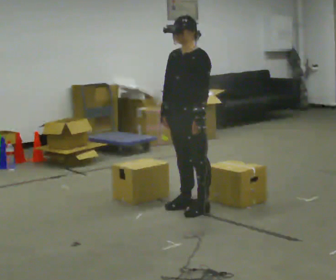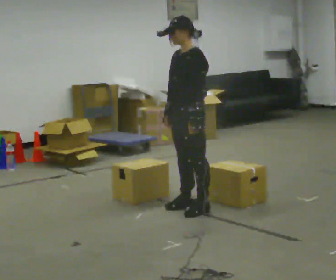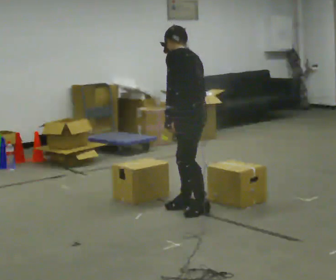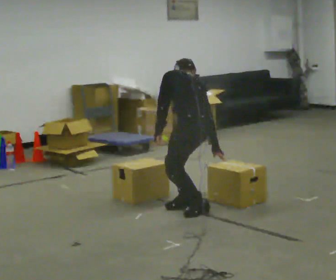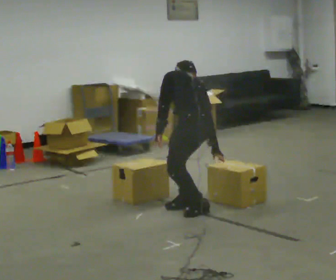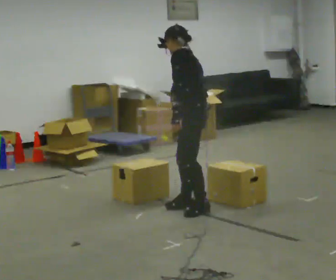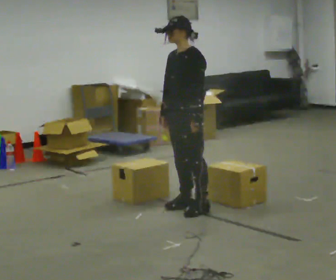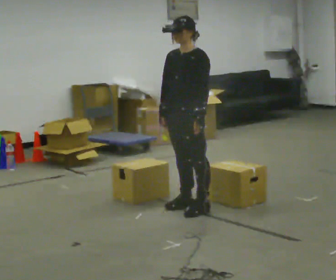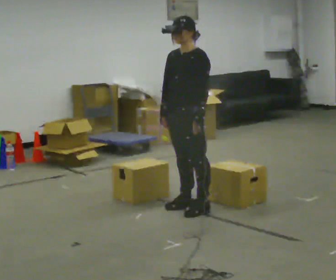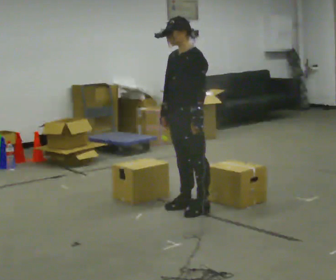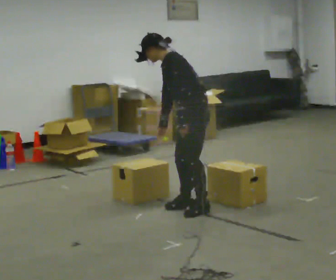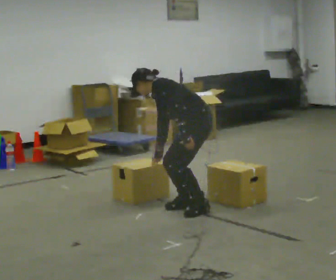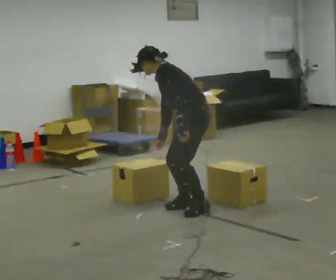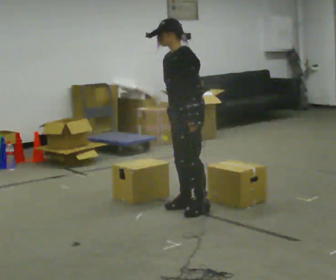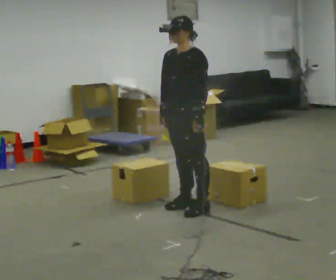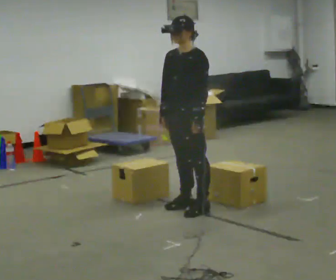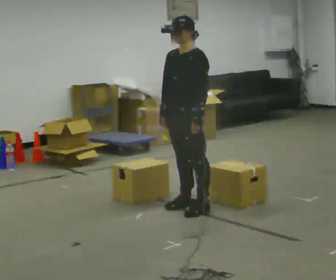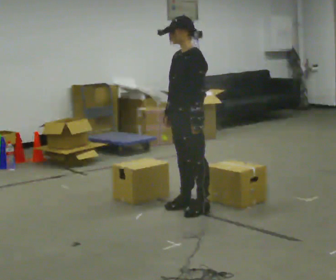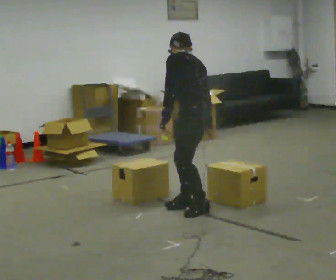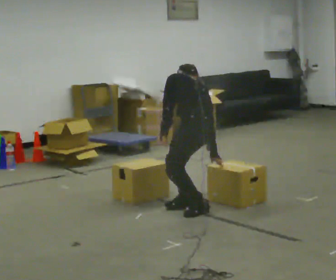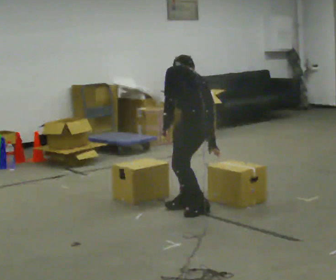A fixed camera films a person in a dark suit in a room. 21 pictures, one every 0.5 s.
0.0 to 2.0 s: Seen from above the body turns clockwise, about 75 degrees: to their right, with its near side sliding to the left. In the picture they go toward the camera, about 0.25 m. The shoulders move downward. The upper body tips away from the camera, its near side rolling upward, as they bend forward. In the picture their right hand goes to the right.
2.0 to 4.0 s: The part of the body nearest the lens slides to the right as the person turns to their left by about 75 degrees. In the picture they go away from the camera, about 0.25 m. The upper body goes upward. The upper body tips toward the camera, its near side rolling downward, as they lean back or straighten. In the picture their right hand goes to the left.
4.0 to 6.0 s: The part of the body nearest the lens slides to the left as the person turns to their right by about 30 degrees.
6.0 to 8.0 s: The person turns about 30 degrees to their left, counterclockwise seen from above, so the part of the body nearest the lens slides to the right. The shoulders move upward. In the picture the upper body tilts clockwise, shoulders to the right, as they lean back or straighten.
8.0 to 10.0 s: The part of the body nearest the lens slides to the left as the person turns to their right by about 75 degrees. The upper body tips away from the camera, its near side rolling upward, as they bend forward. In the picture their right hand goes to the right.
The film runs forward here.
